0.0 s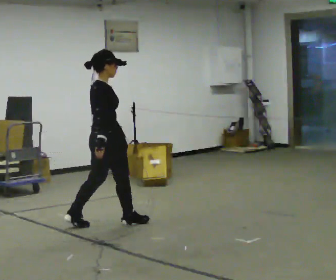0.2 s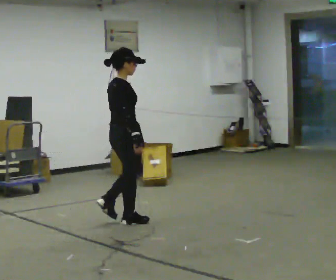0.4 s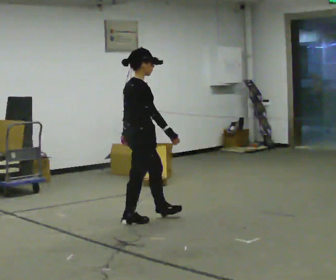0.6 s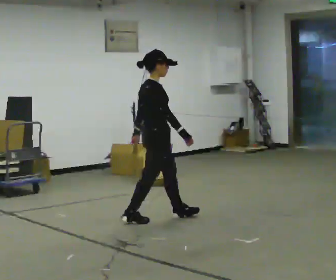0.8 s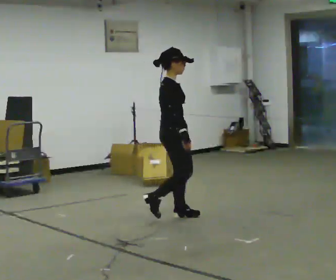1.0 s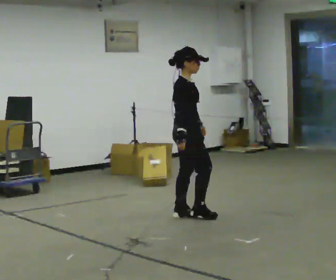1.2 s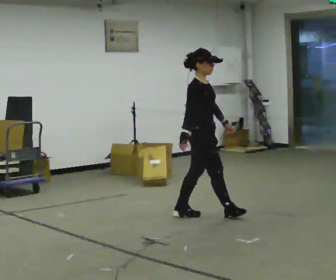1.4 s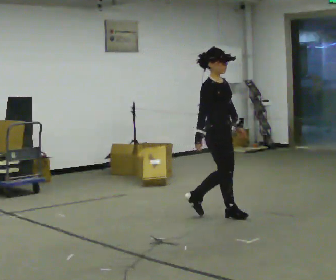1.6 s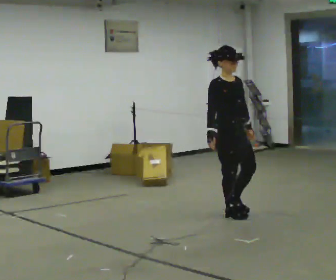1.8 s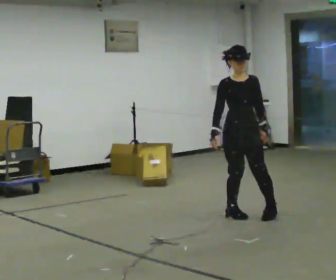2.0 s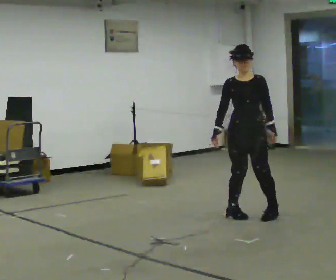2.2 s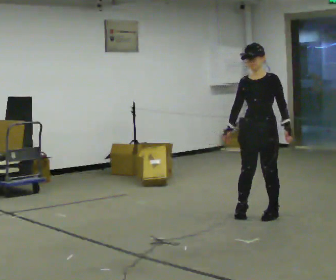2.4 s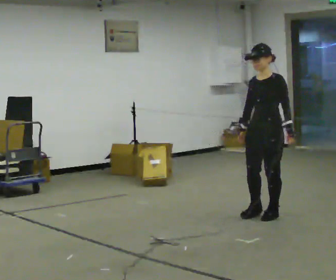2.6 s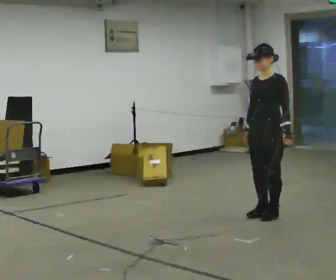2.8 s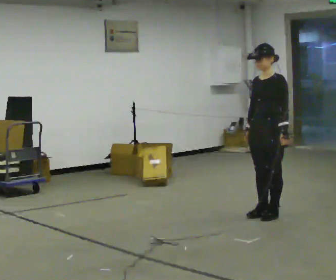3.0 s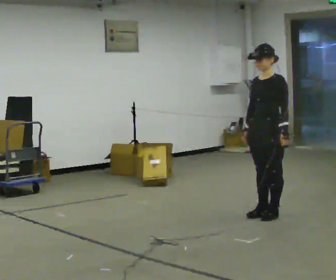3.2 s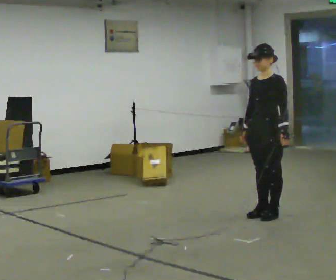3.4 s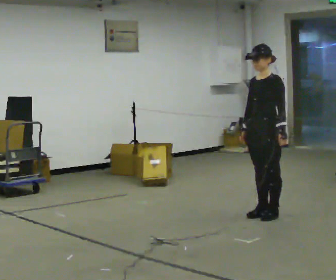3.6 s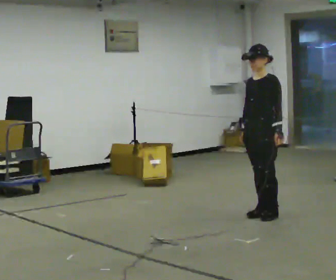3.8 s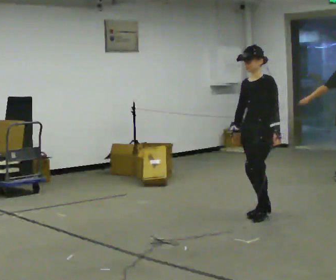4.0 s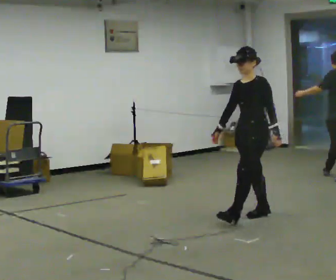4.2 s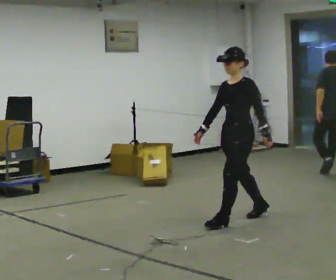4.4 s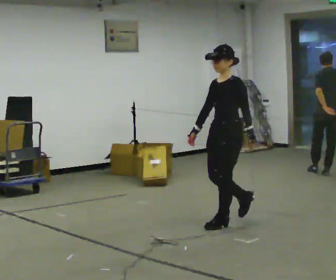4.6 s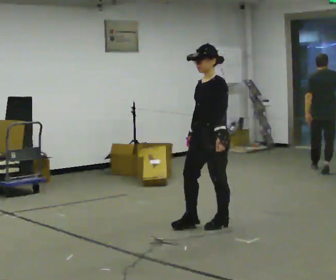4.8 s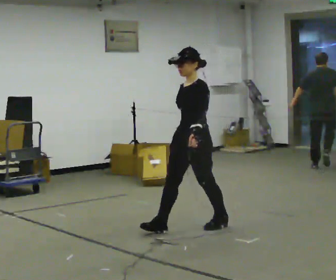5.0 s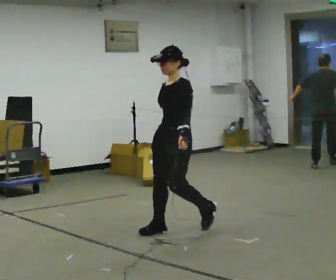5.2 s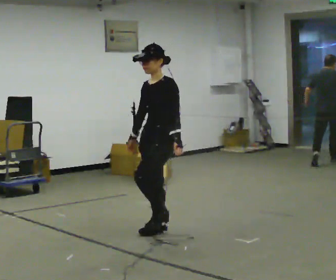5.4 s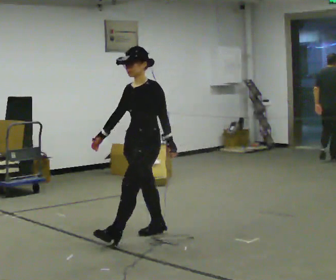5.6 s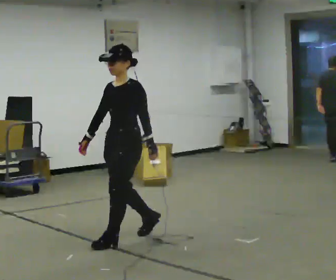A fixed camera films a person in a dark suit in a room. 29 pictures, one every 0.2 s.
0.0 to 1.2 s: Seen from above the body turns clockwise, about 30 degrees: to their right, with its near side sliding to the left. In the picture they go to the right and away from the camera, about 1 m in 2 steps, which for them is forward.
1.2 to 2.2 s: The part of the body nearest the lens slides to the left as the person turns to their right by about 105 degrees. In the picture they go to the right, about 0.5 m in 1 step.
2.2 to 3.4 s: The person moves a little, or ends about where they began.
3.4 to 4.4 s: In the picture they go to the left and toward the camera, about 0.5 m in 1 step, which for them is forward.
4.4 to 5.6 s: In the picture they go to the left and toward the camera, about 1 m in 2 steps, which for them is forward.
The film runs forward here.
